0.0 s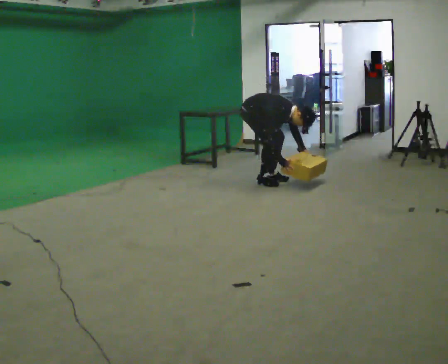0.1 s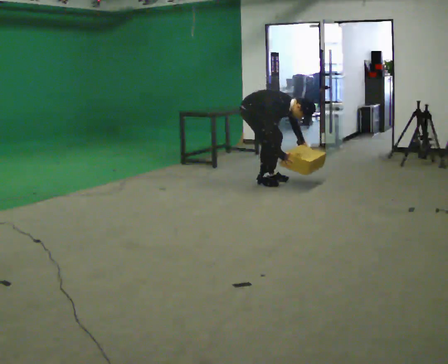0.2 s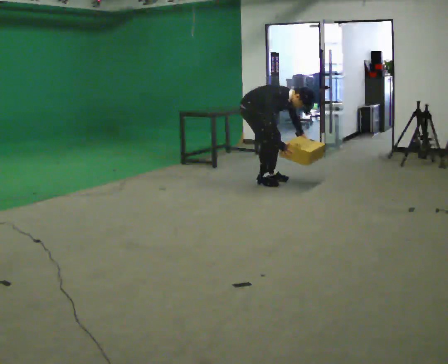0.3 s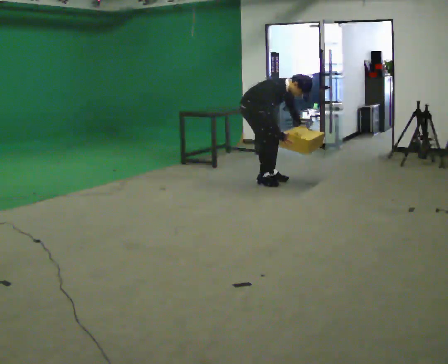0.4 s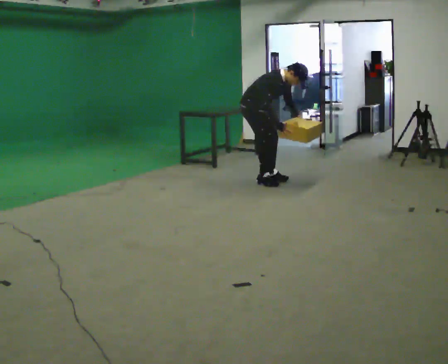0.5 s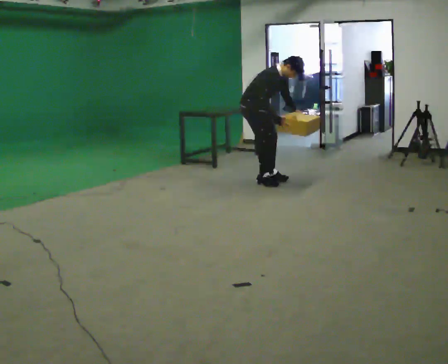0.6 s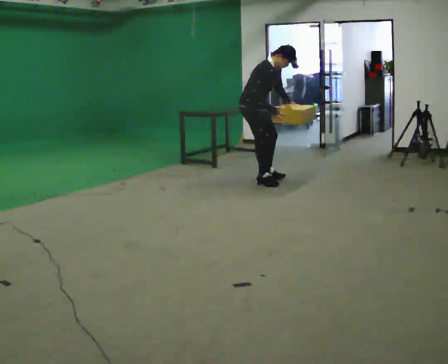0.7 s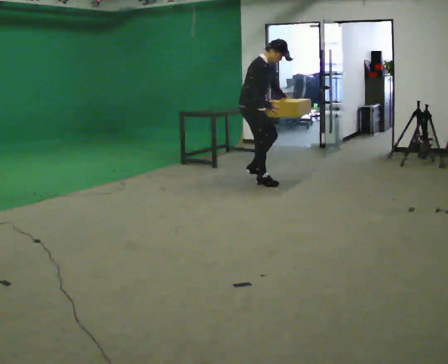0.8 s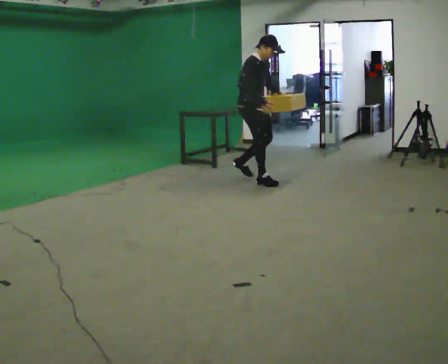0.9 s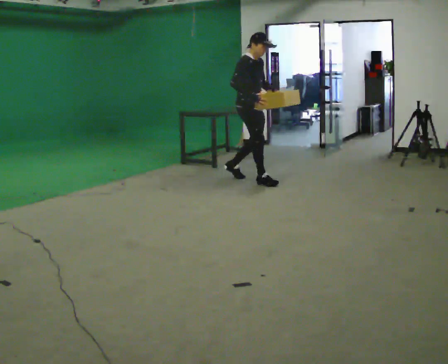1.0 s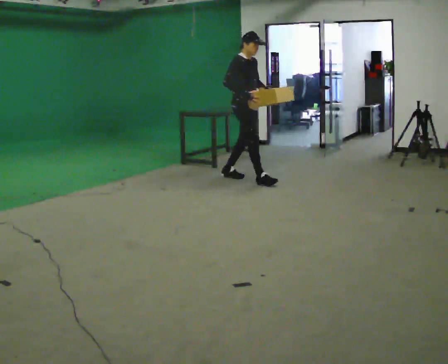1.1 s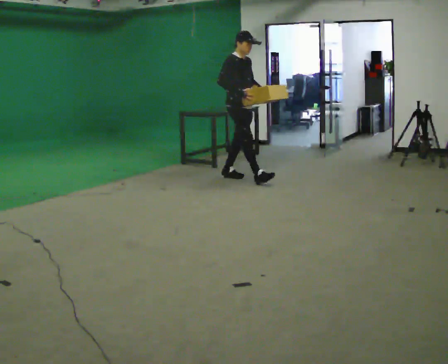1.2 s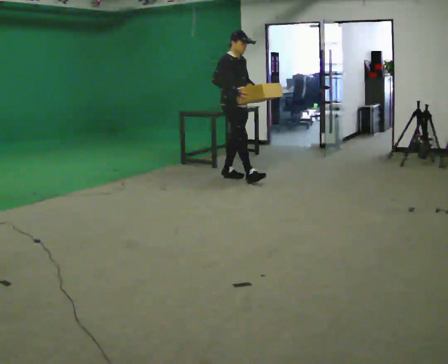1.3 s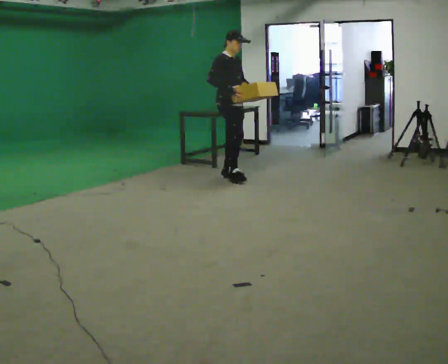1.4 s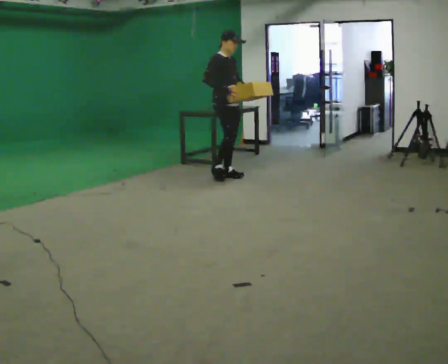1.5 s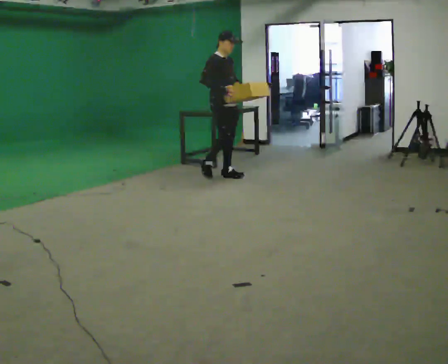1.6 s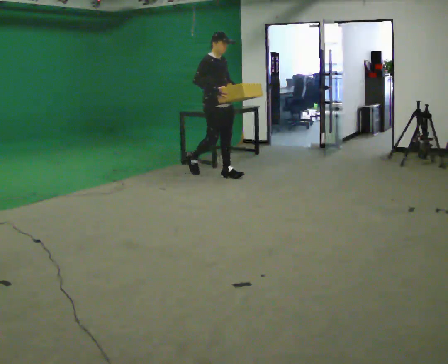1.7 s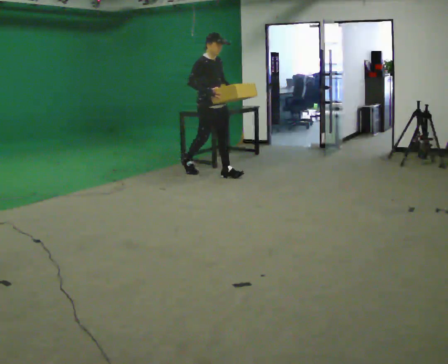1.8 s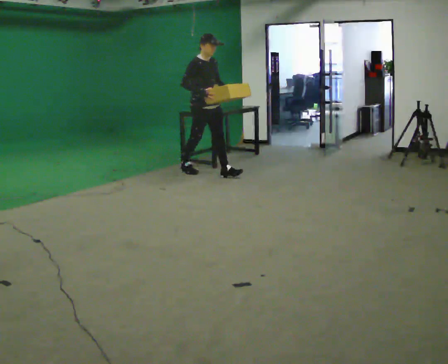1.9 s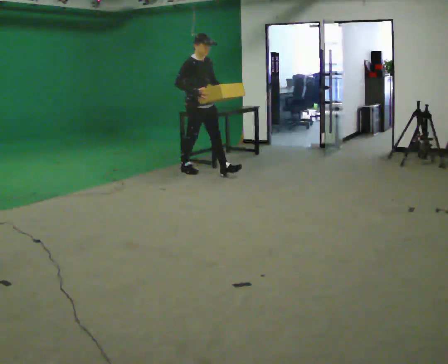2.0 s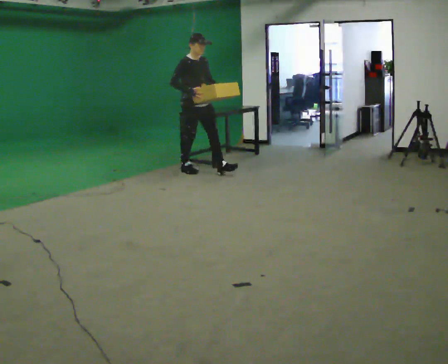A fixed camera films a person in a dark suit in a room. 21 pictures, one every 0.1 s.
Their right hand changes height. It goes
upward.
The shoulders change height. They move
upward.
0.0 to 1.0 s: The upper body goes upward. In the picture the upper body tilts counterclockwise, shoulders to the left, as they lean back or straighten. In the picture their right hand goes upward and to the left.
1.0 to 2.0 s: In the picture they go to the left and away from the camera, about 0.5 m in 2 steps, which for them is backward.
The film runs backward here.
